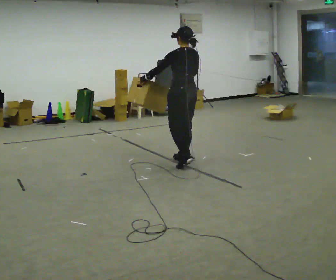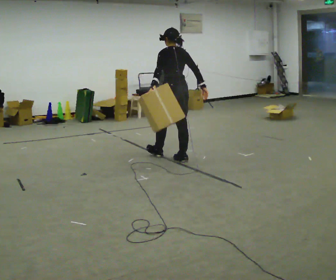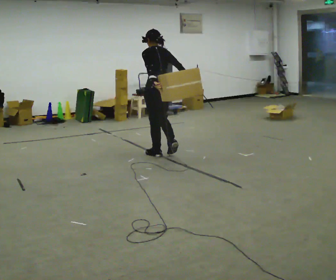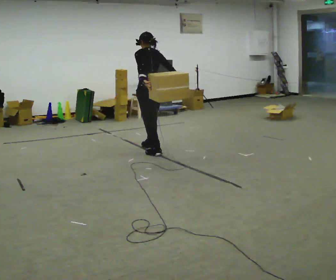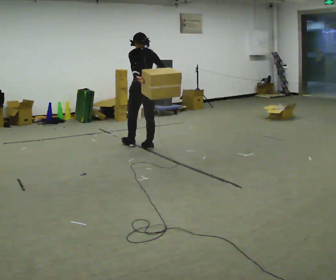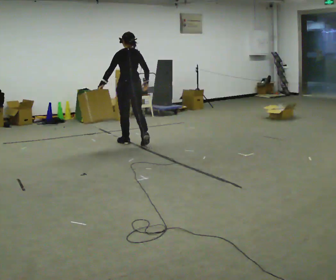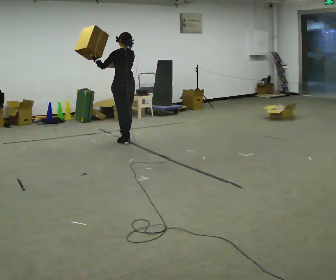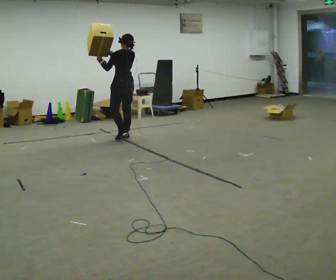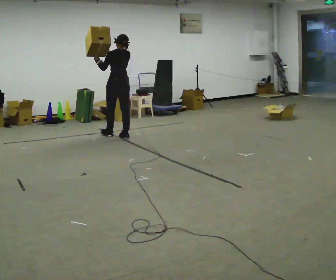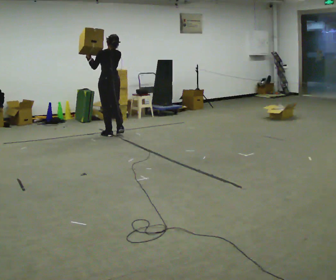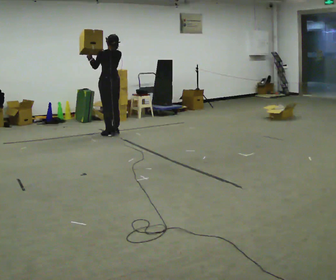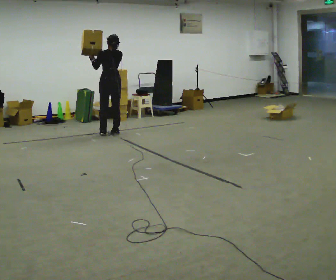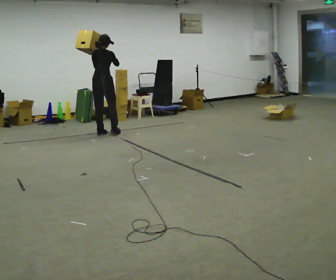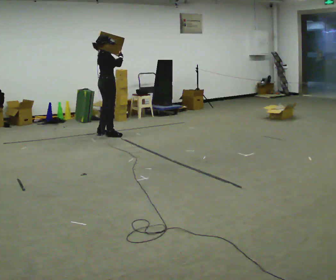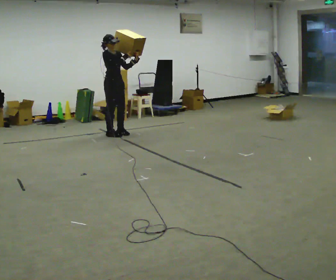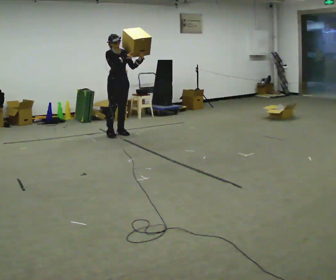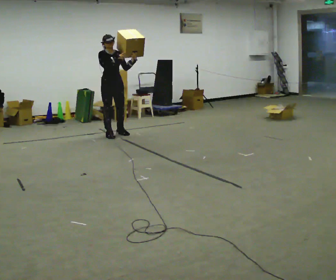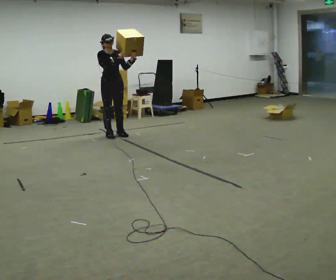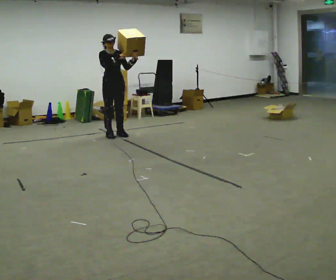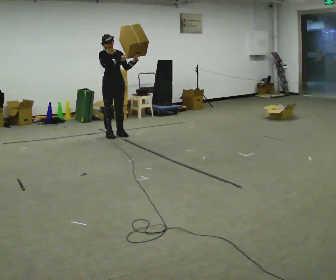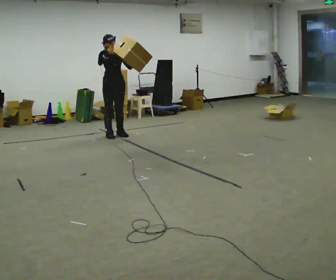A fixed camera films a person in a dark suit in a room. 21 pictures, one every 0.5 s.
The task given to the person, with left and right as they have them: Carry the box and, while walking, shift it to a different hold: front, then hip, then shoulder, then back to front. Do not stop walking.
0.0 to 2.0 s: In the picture they go away from the camera and to the left, about 1 m in 2 steps, which for them is forward.
2.0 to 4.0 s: In the picture they go away from the camera and to the left, about 1 m in 3 steps, which for them is forward.
4.0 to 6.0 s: The part of the body nearest the lens slides to the left as the person turns to their right by about 60 degrees. In the picture they go to the left and away from the camera, about 0.25 m in 2 steps.
6.0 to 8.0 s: The part of the body nearest the lens slides to the left as the person turns to their right by about 120 degrees. In the picture they go to the right, about 0.25 m in 1 step. In the picture their left hand goes to the right.
8.0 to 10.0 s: The person moves a little, or ends about where they began.
The film runs forward here.
